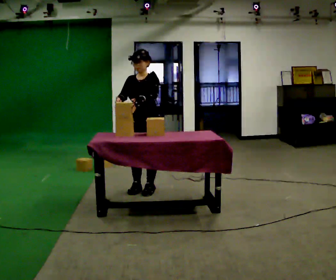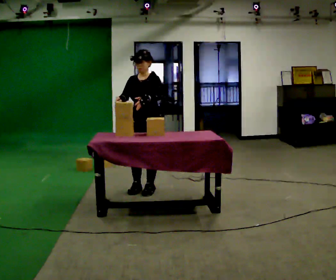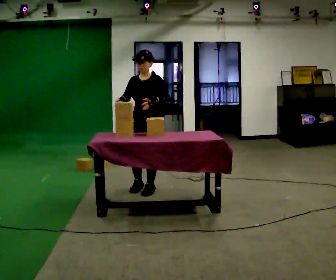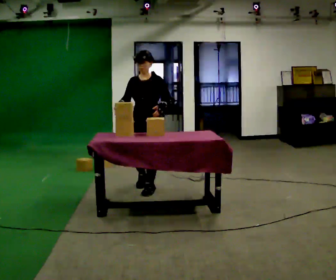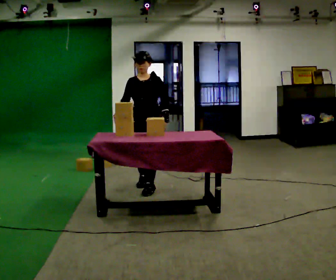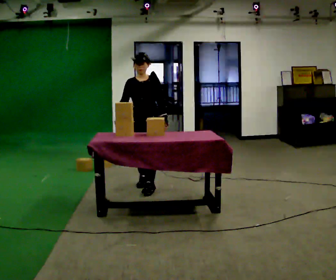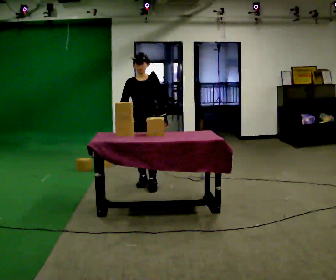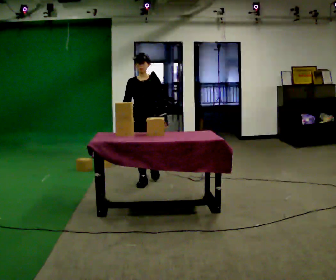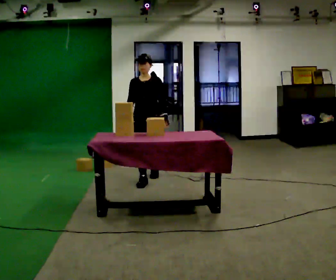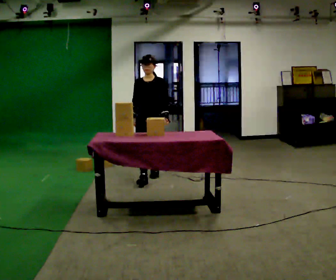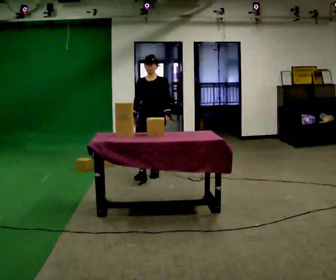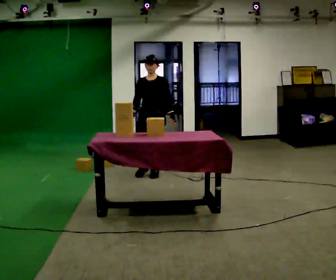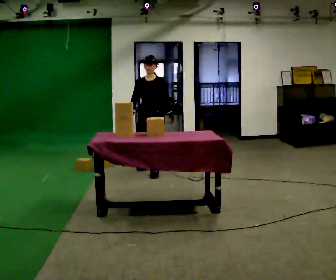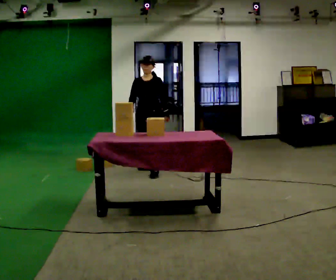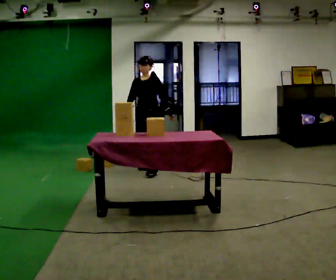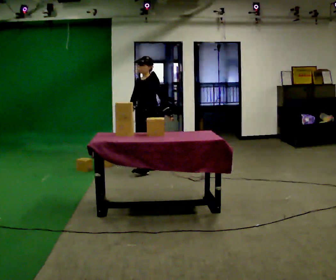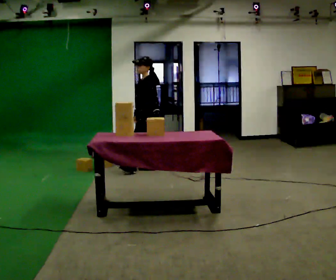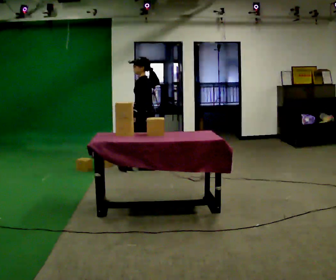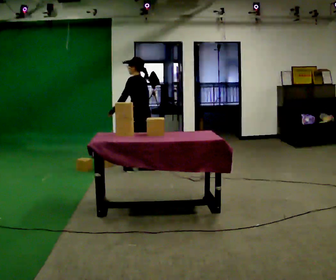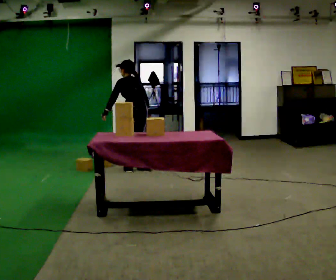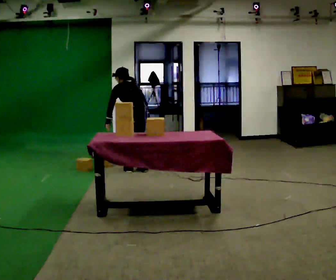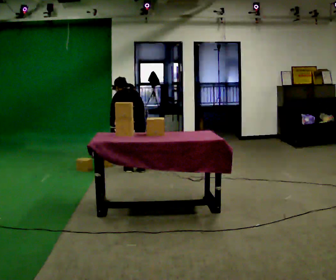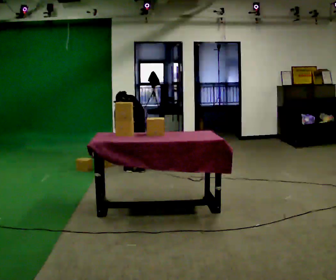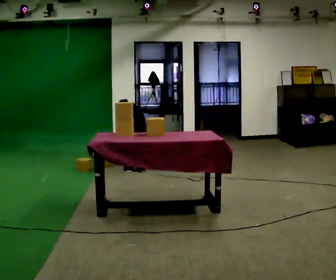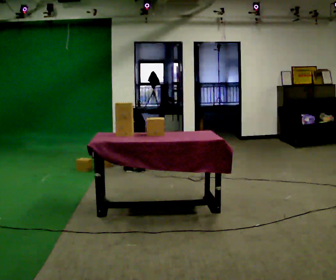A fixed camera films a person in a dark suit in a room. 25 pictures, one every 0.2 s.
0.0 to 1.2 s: In the picture they go away from the camera, about 0.25 m in 2 steps, which for them is backward.
1.2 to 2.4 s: In the picture they go away from the camera, about 0.5 m in 1 step, which for them is backward.
2.4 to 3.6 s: The part of the body nearest the lens slides to the left as the person turns to their right by about 90 degrees. In the picture they go away from the camera, about 0.25 m in 1 step.
3.6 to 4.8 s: The part of the body nearest the lens slides to the left as the person turns to their right by about 60 degrees. In the picture they go toward the camera, about 0.25 m in 1 step, which for them is backward. The upper body goes downward. The upper body tips away from the camera, its near side rolling upward, as they bend forward. In the picture their left hand goes downward.
The film runs backward here.
